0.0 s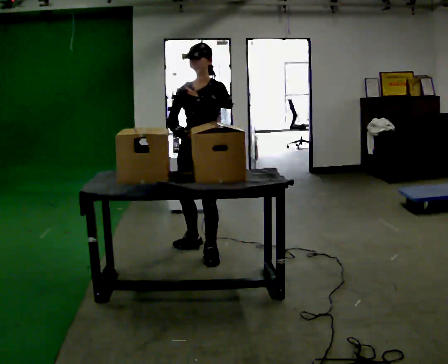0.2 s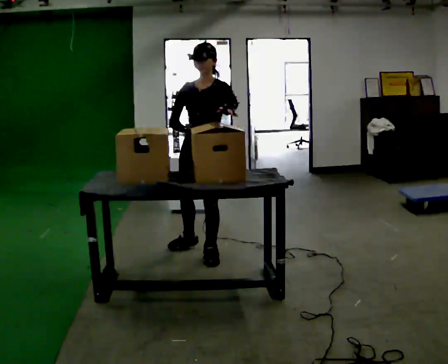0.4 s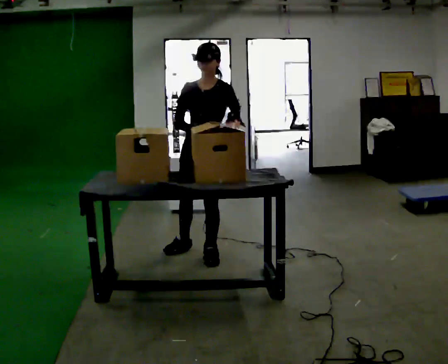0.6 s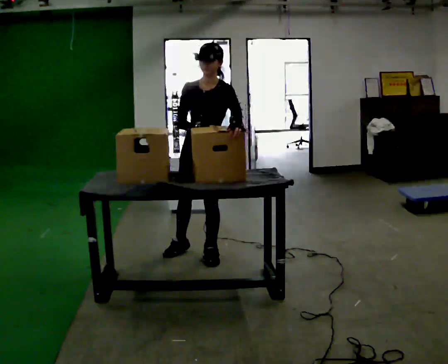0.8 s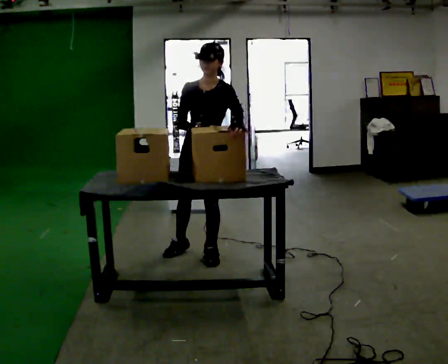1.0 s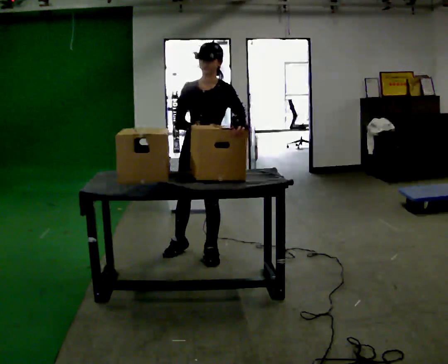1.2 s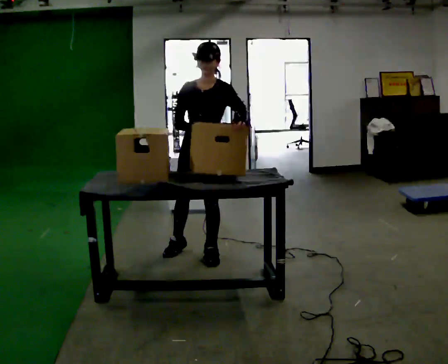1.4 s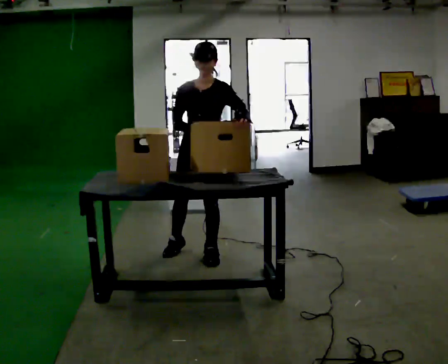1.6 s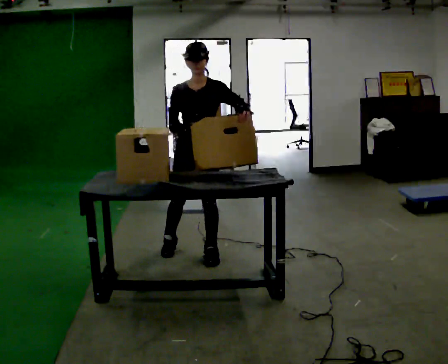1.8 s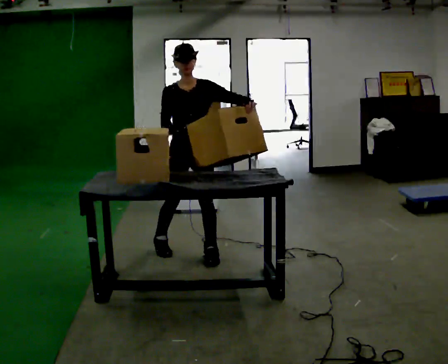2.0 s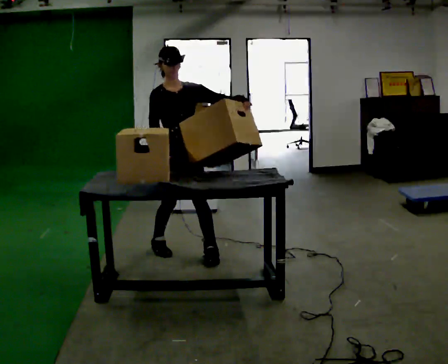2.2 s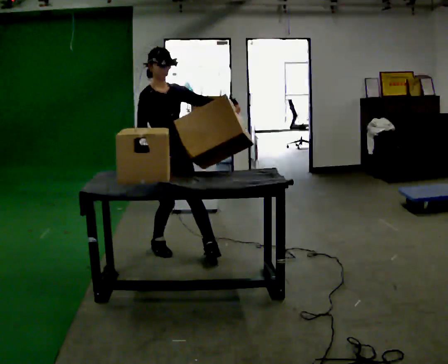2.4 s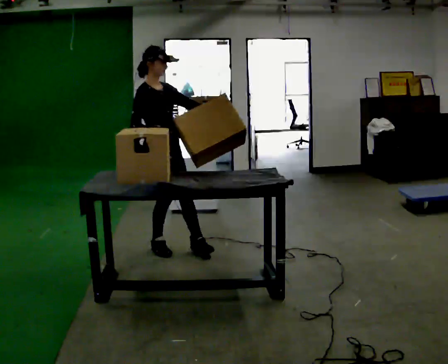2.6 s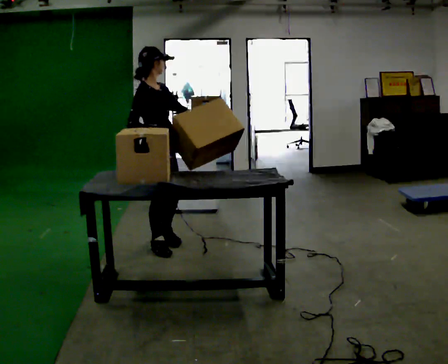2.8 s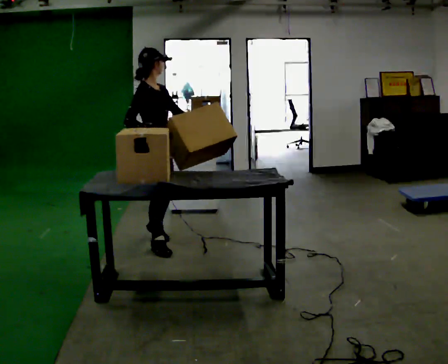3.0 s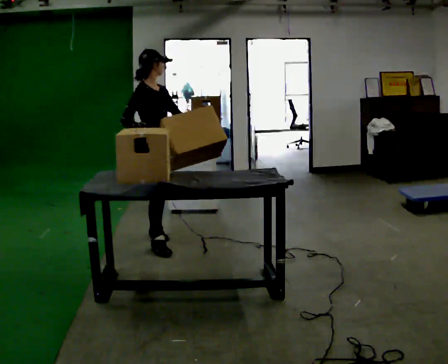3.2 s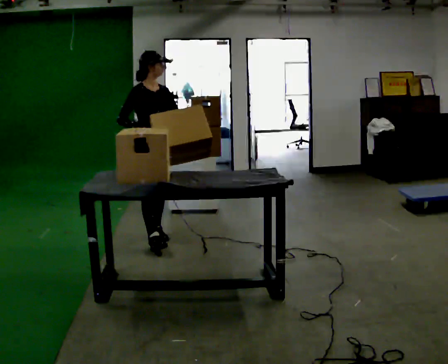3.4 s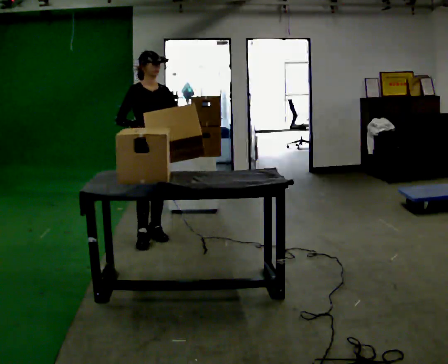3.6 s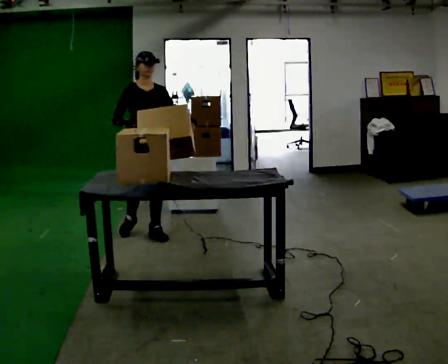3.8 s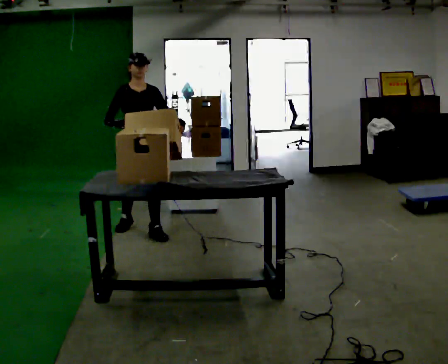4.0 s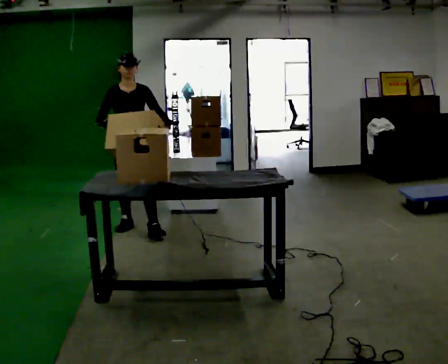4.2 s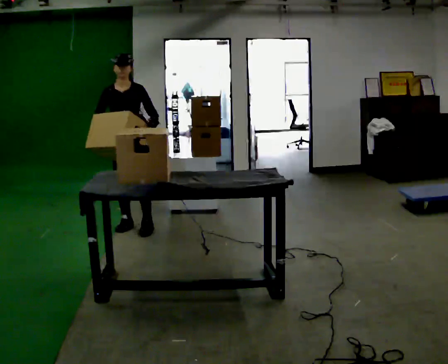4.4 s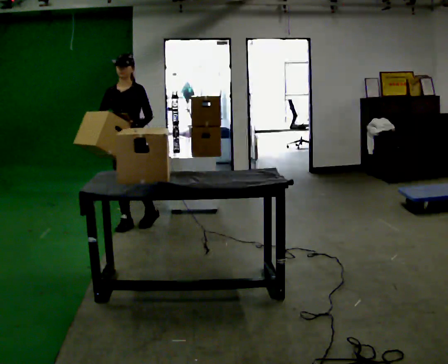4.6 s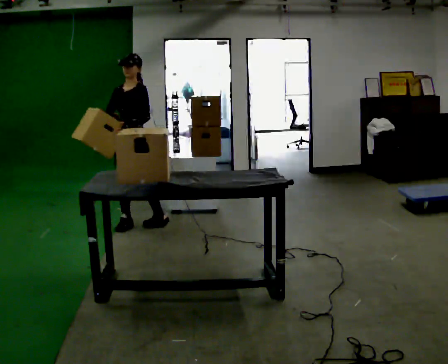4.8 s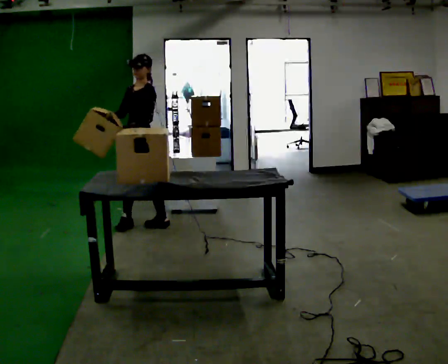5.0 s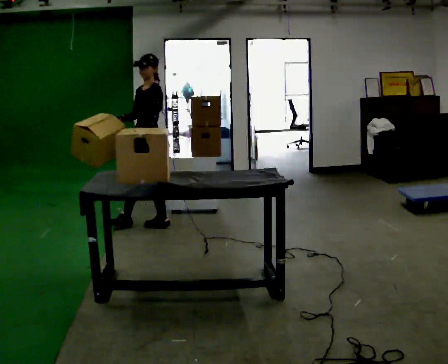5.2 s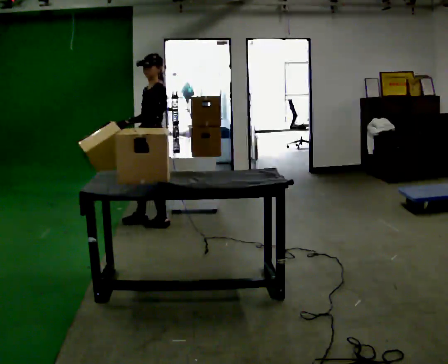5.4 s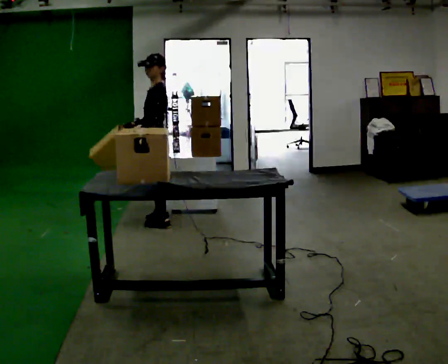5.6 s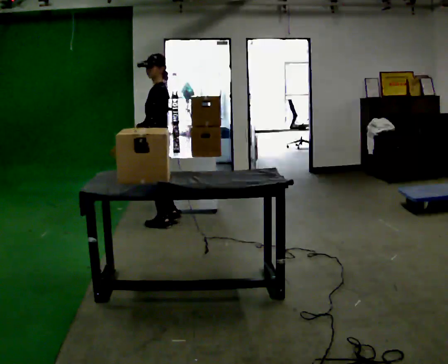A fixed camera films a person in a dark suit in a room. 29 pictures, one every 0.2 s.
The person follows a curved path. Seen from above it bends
clockwise.
The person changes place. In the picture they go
away from the camera.
0.0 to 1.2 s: The person moves a little, or ends about where they began.
1.2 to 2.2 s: The person turns about 60 degrees to their left, counterclockwise seen from above, so the part of the body nearest the lens slides to the right. In the picture they go to the left and away from the camera, about 0.25 m in 1 step, which for them is to their right.
2.2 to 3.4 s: In the picture they go away from the camera, about 0.5 m in 2 steps, which for them is backward and to their left.
3.4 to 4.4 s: The person turns about 30 degrees to their right, clockwise seen from above, so the part of the body nearest the lens slides to the left. In the picture they go away from the camera and to the left, about 0.25 m in 1 step, which for them is backward and to their right.
4.4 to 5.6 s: Seen from above the body turns clockwise, about 90 degrees: to their right, with its near side sliding to the left. In the picture they go to the right, about 0.25 m in 1 step.
The film runs backward here.
